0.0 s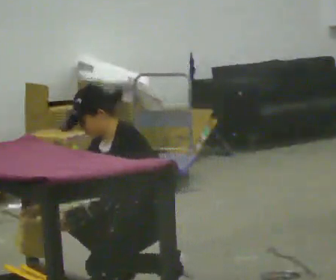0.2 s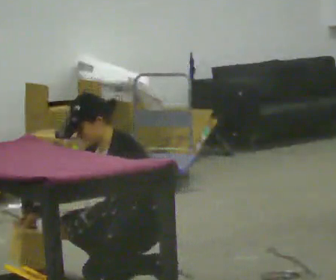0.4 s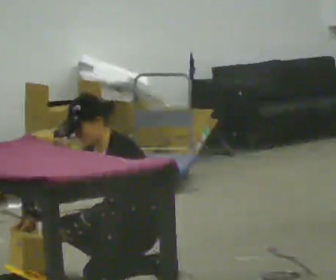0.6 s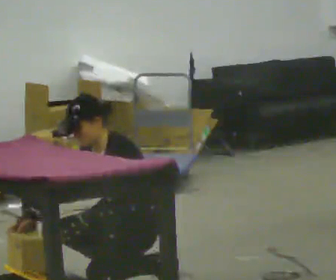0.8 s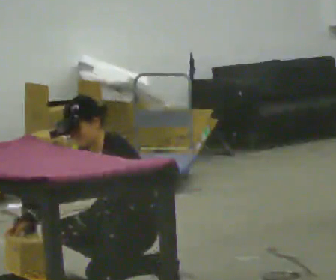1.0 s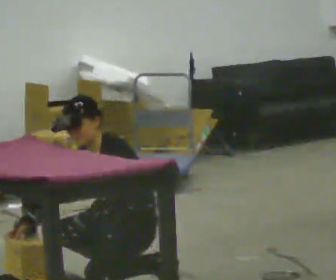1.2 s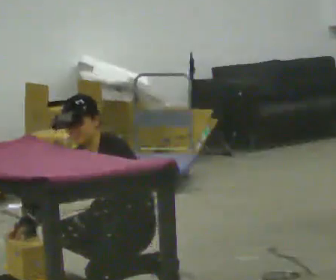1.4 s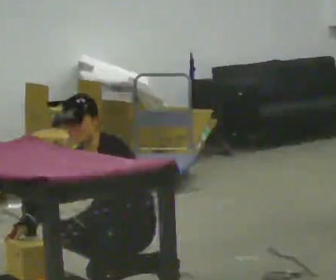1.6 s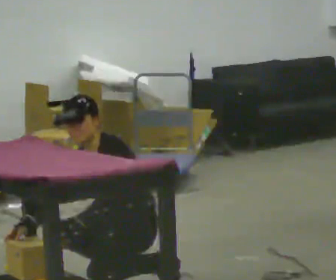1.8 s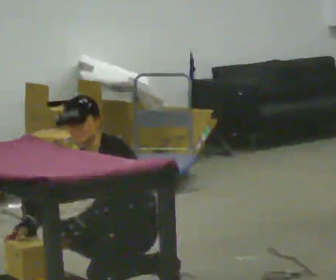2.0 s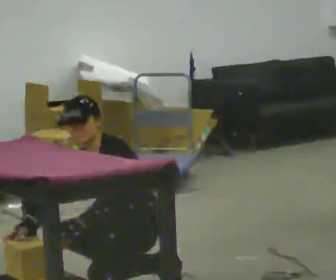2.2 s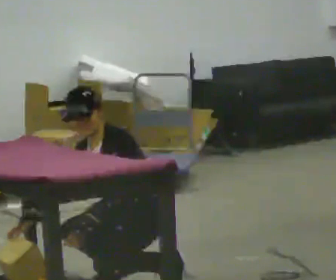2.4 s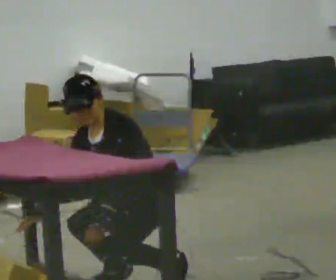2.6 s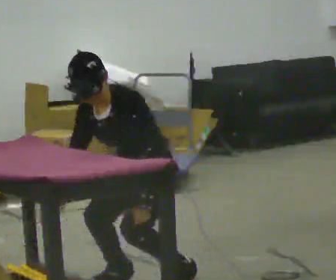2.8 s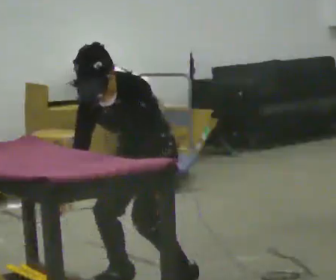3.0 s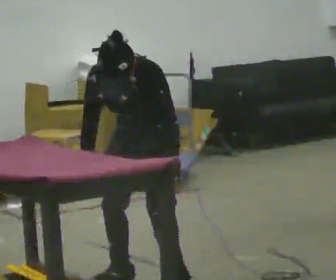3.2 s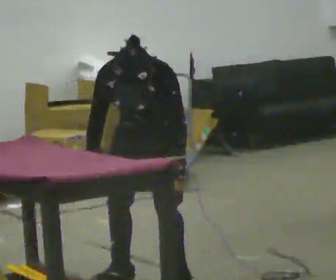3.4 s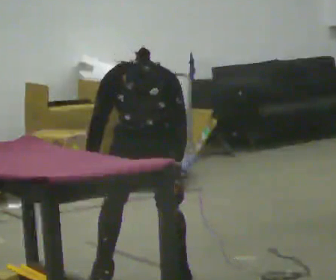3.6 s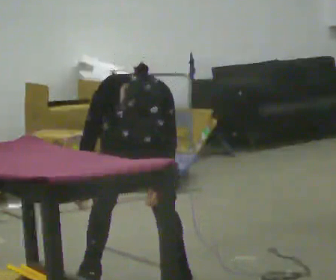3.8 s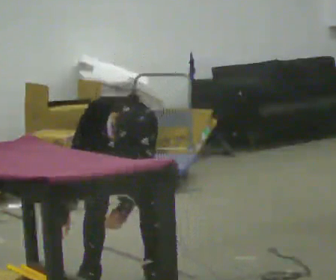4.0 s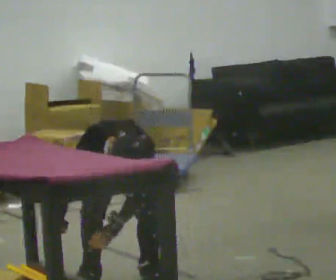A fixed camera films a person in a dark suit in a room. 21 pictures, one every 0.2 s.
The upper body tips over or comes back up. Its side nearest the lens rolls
downward.
The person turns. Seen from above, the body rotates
counterclockwise.
0.0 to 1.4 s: The person moves a little, or ends about where they began.
1.4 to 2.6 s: The shoulders move upward. The upper body tips toward the camera, its near side rolling downward. In the picture their left hand goes to the right, the arm swinging counterclockwise.
2.6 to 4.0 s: Seen from above the body turns counterclockwise, about 45 degrees: to their left, with its near side sliding to the right. In the picture they go away from the camera, about 0.25 m in 2 steps, which for them is to their right and backward. The upper body tips toward the camera, its near side rolling downward, as they bend forward.
The film runs forward here.
